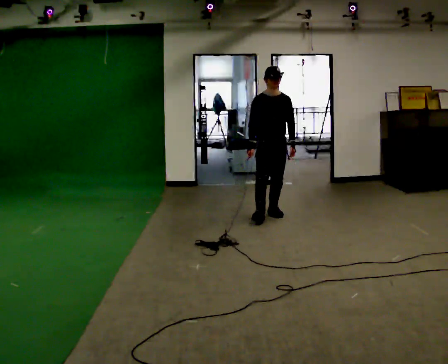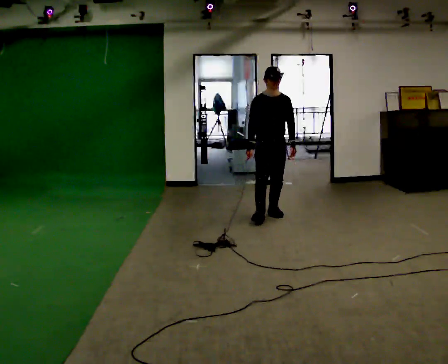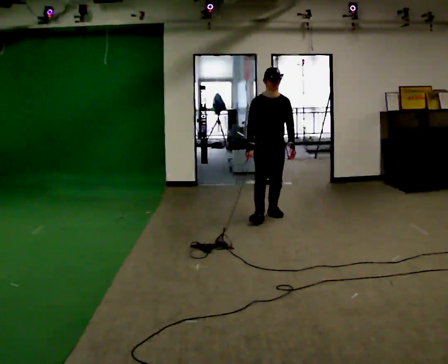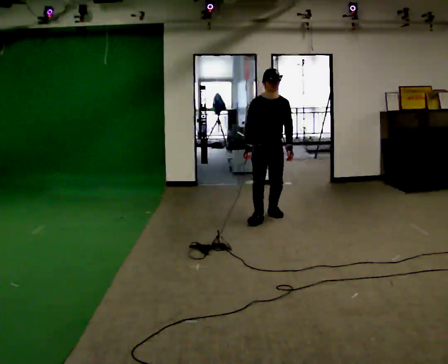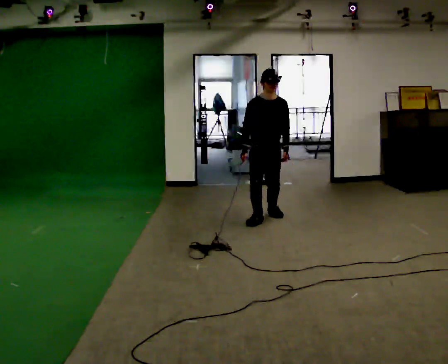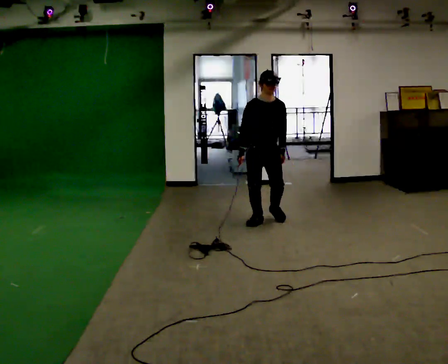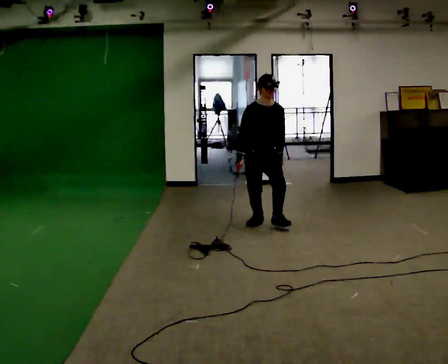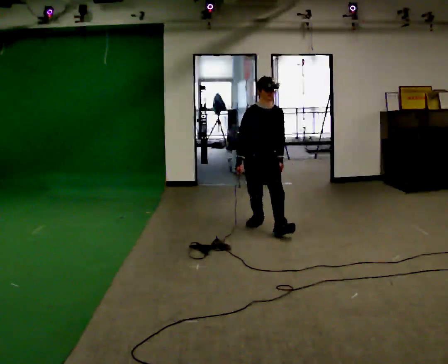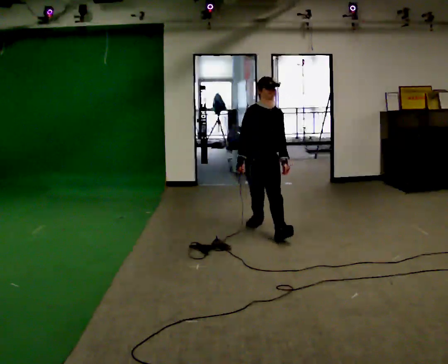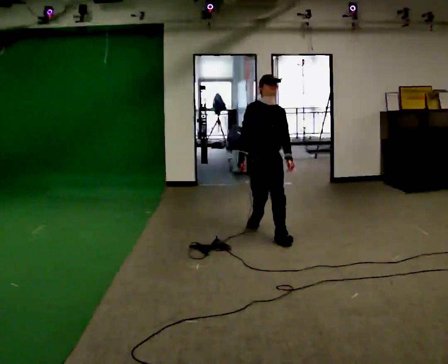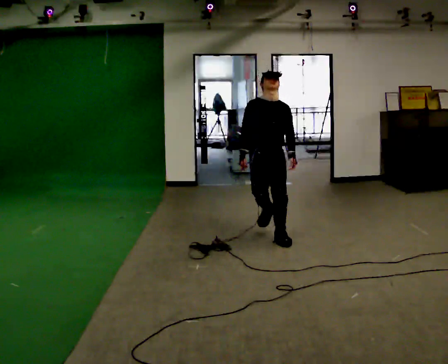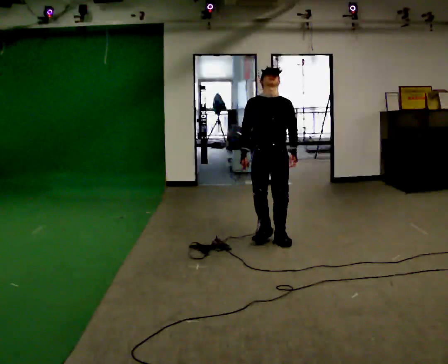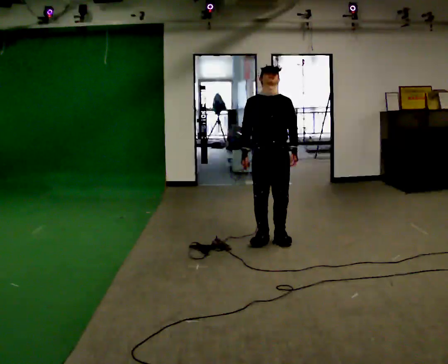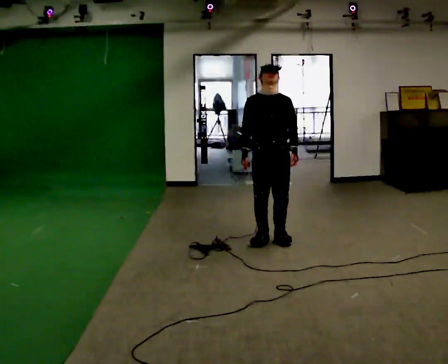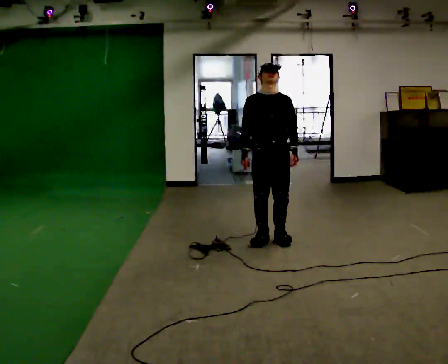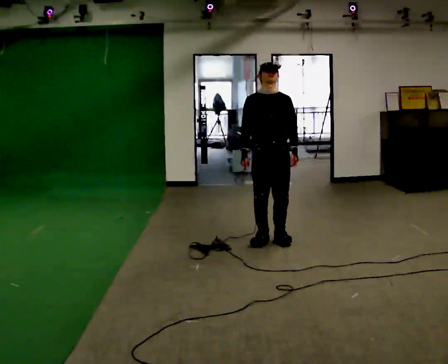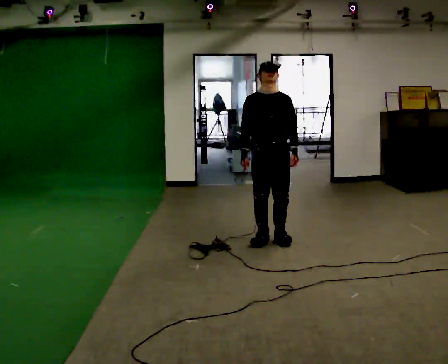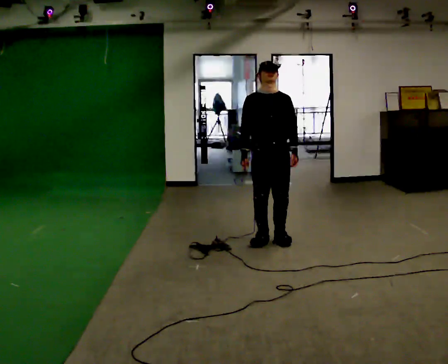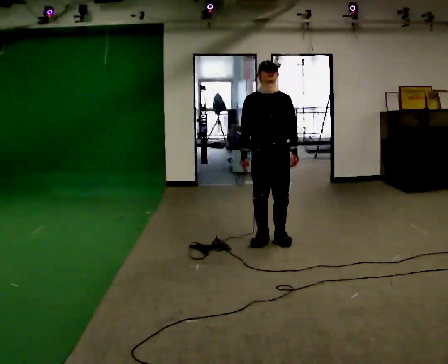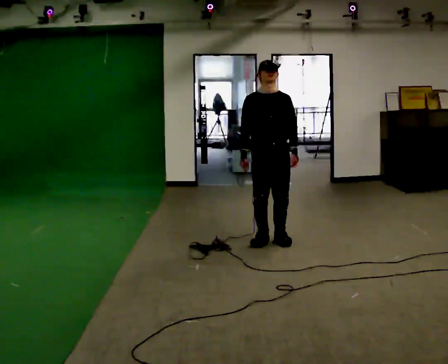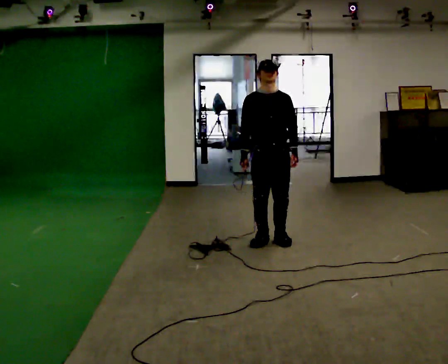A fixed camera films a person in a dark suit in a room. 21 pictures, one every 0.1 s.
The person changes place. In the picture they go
toward the camera.
0.0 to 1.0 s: In the picture they go toward the camera, about 1 m in 2 steps, which for them is forward and to their right.
1.0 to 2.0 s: In the picture they go toward the camera, about 0.25 m, which for them is forward.
The film runs backward here.
